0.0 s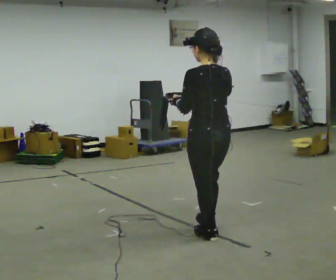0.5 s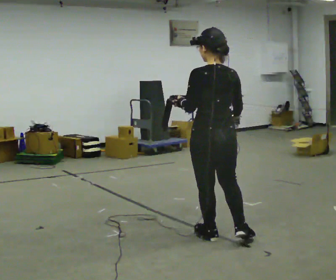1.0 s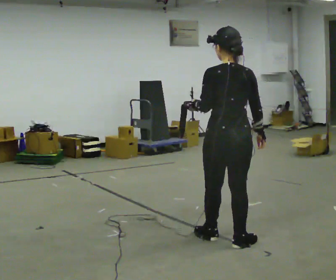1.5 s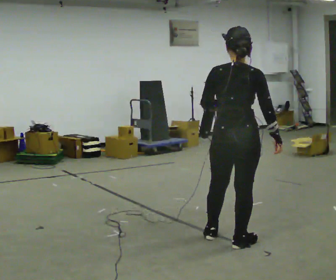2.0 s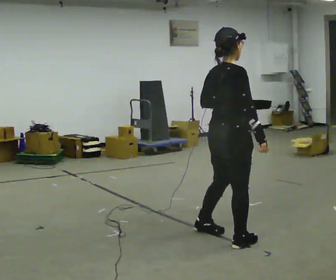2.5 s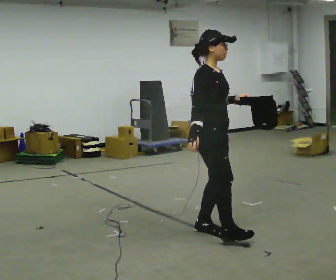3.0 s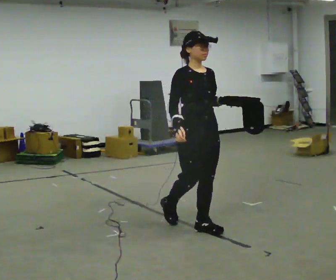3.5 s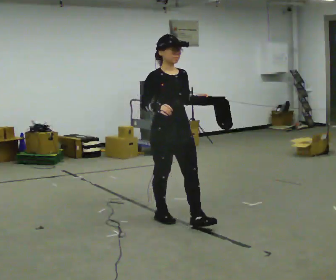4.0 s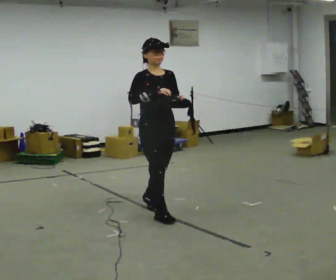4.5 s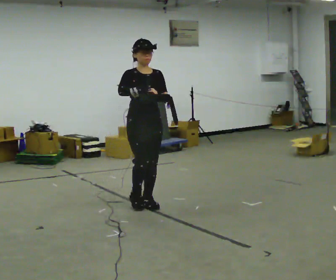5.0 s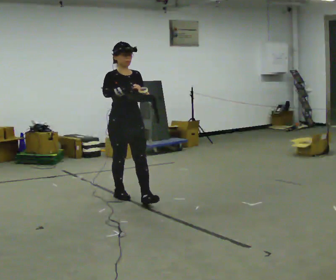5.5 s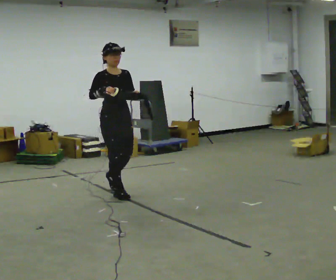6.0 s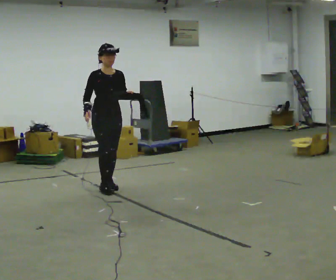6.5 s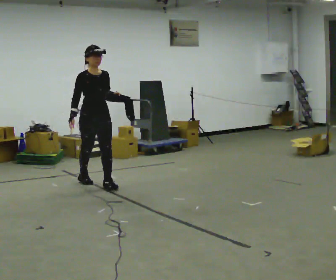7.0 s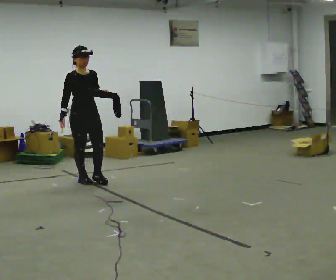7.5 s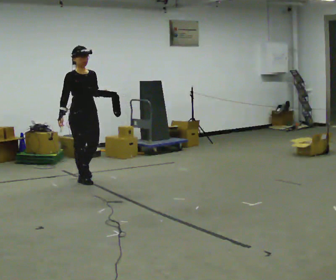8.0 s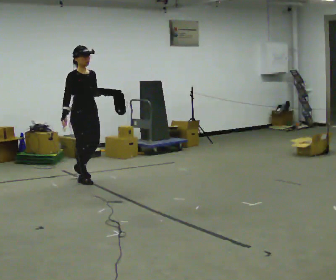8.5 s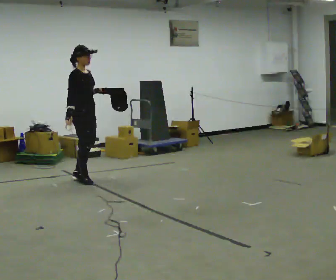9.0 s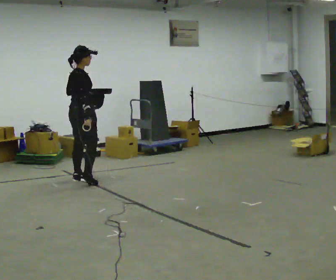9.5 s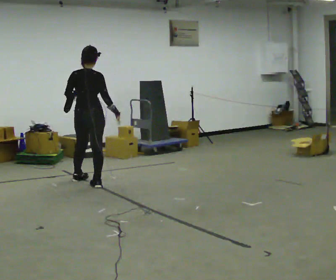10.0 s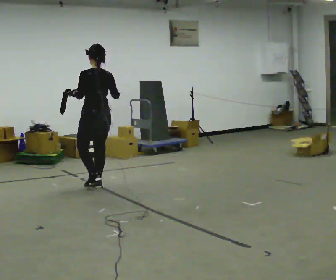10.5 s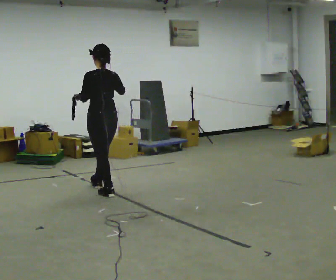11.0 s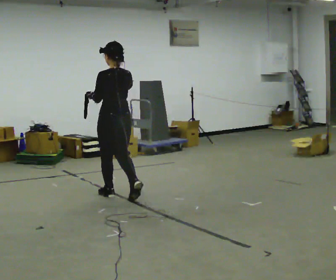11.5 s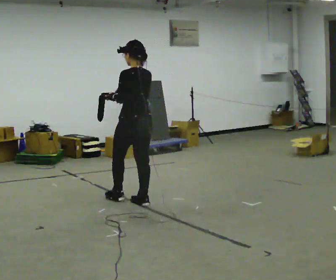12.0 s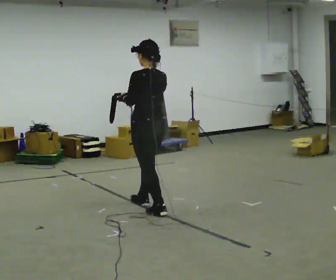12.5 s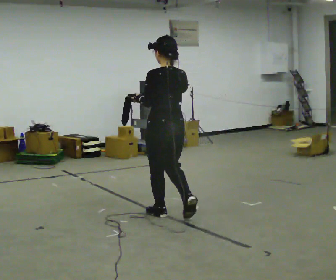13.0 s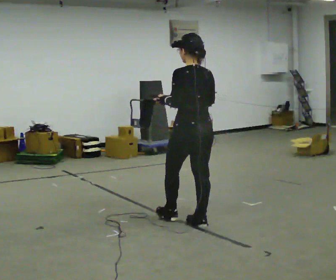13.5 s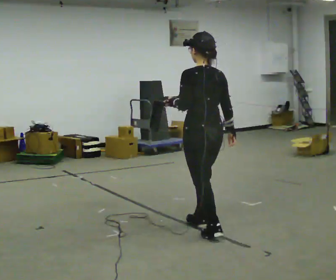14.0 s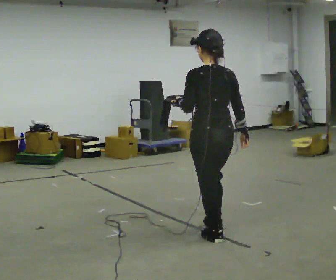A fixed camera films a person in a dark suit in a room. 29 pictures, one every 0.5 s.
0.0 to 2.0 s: The person turns about 90 degrees to their right, clockwise seen from above, so the part of the body nearest the lens slides to the left. In the picture their right hand goes to the right and downward.
2.0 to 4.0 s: Seen from above the body turns clockwise, about 90 degrees: to their right, with its near side sliding to the left. In the picture they go away from the camera and to the left, about 1 m in 2 steps.
4.0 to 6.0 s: In the picture they go away from the camera and to the left, about 1 m in 3 steps, which for them is backward.
6.0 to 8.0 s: In the picture they go away from the camera and to the left, about 0.5 m in 2 steps, which for them is backward.
8.0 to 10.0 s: Seen from above the body turns counterclockwise, about 165 degrees: to their left, with its near side sliding to the right. In the picture they go toward the camera and to the right, about 0.25 m in 2 steps.
10.0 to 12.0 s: In the picture they go toward the camera and to the right, about 1 m in 2 steps, which for them is backward.
12.0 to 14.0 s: In the picture they go toward the camera and to the right, about 1 m in 3 steps, which for them is backward.
The film runs backward here.
